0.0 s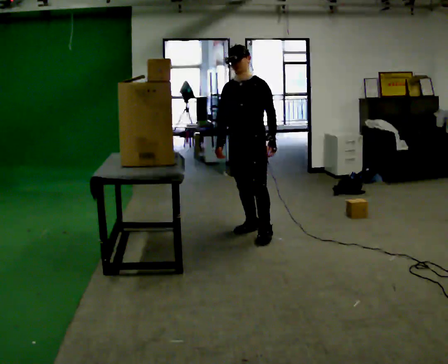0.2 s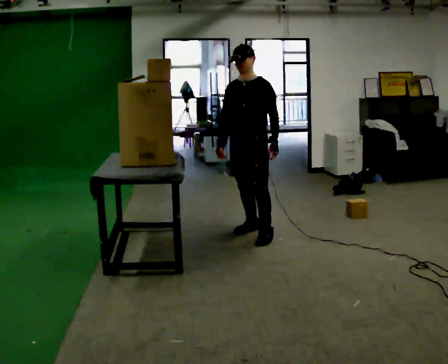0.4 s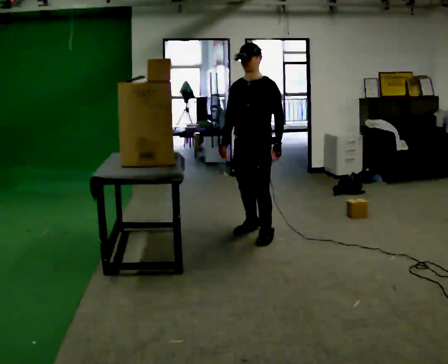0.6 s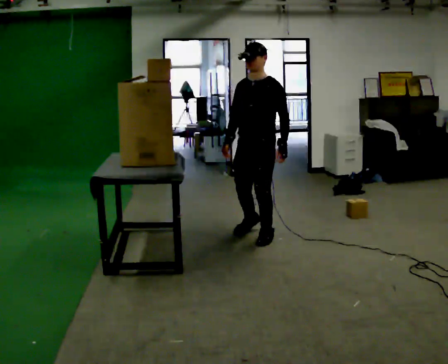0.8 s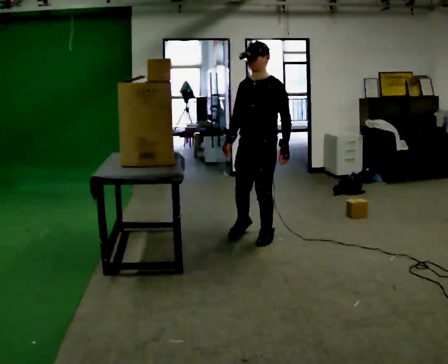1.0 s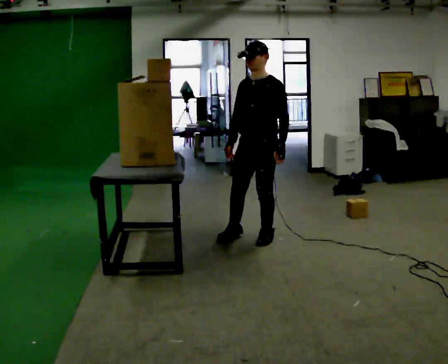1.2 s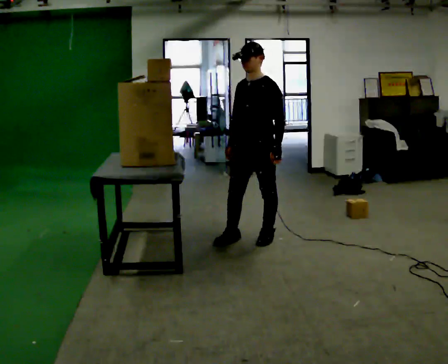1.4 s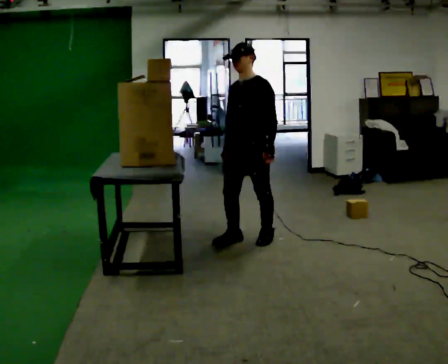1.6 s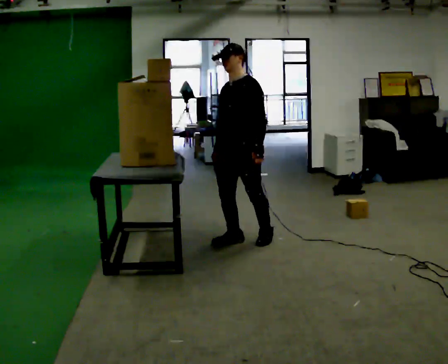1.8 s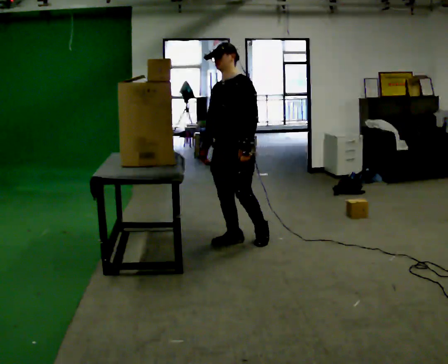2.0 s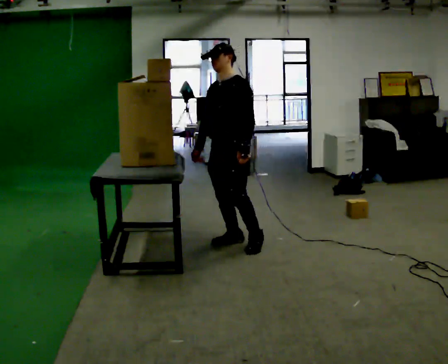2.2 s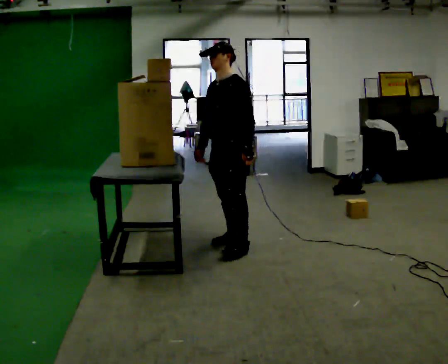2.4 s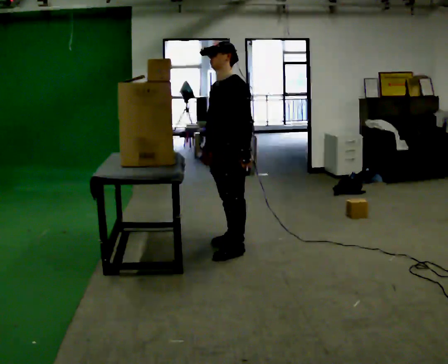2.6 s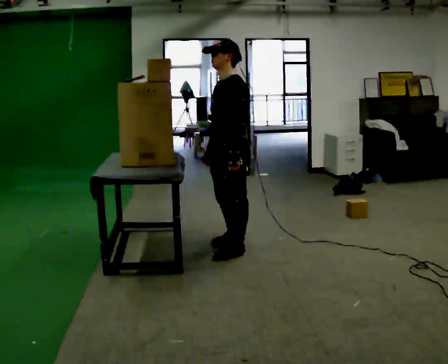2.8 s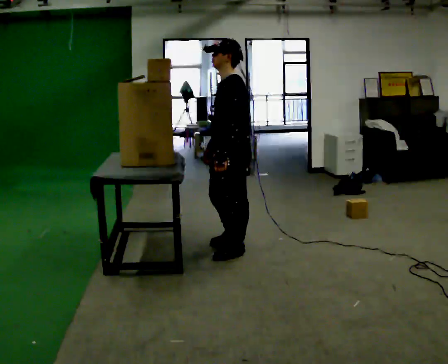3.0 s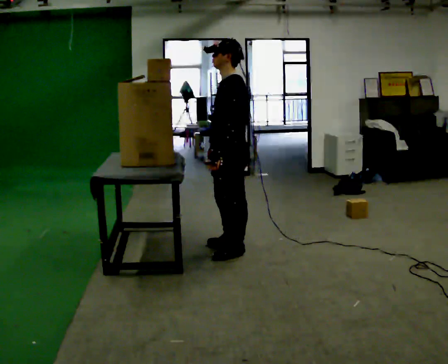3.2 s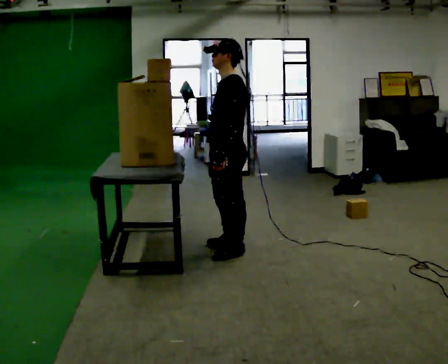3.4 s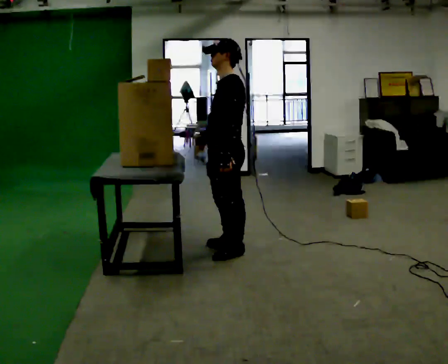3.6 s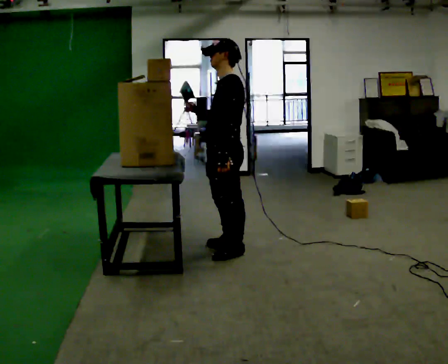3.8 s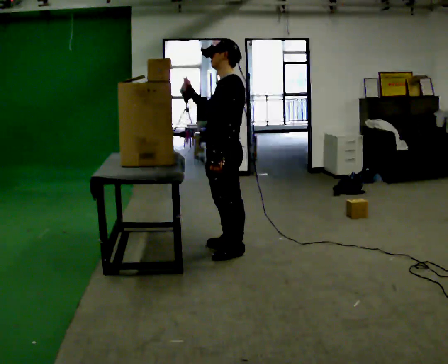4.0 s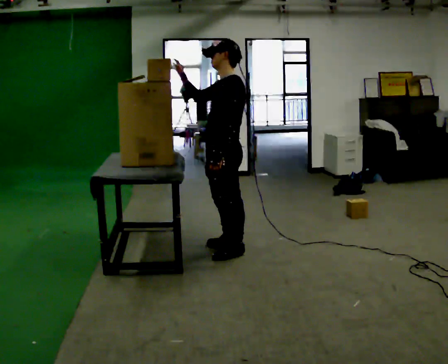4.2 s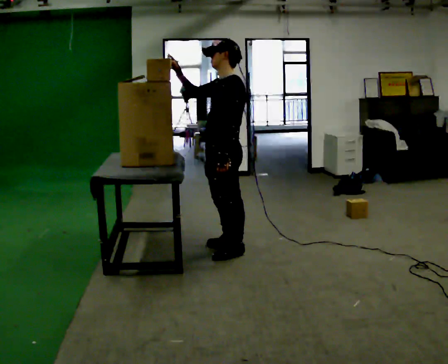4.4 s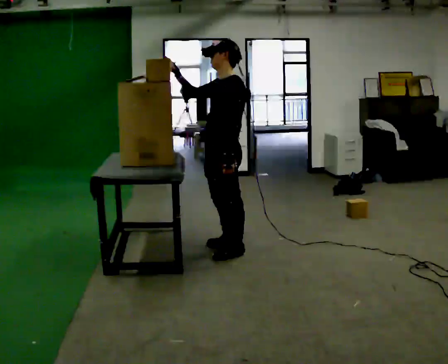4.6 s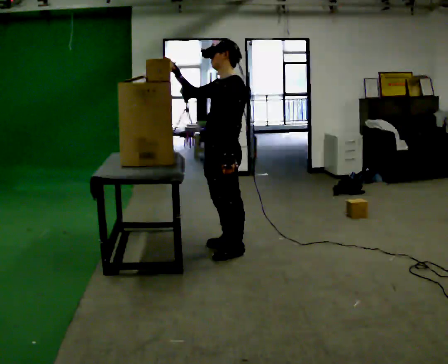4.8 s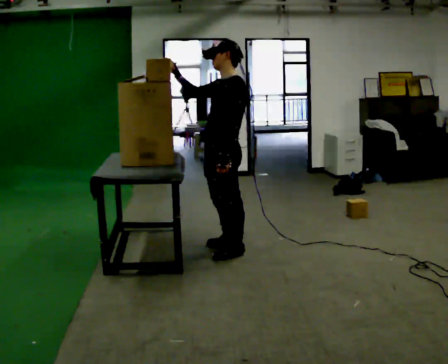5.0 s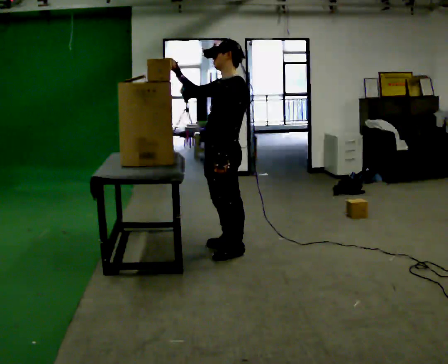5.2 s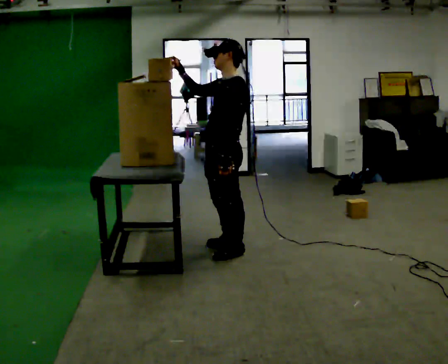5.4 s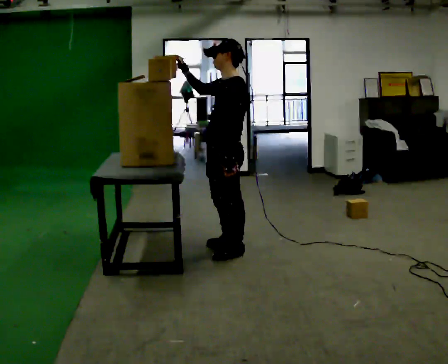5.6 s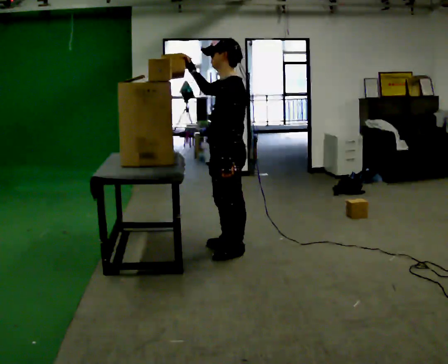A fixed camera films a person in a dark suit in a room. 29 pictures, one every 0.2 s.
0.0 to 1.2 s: In the picture they go toward the camera, about 0.25 m in 1 step, which for them is forward and to their left.
1.2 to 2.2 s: In the picture they go to the left, about 0.25 m, which for them is forward and to their right.
2.2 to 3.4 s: The part of the body nearest the lens slides to the left as the person turns to their right by about 30 degrees. In the picture they go toward the camera, about 0.25 m in 2 steps, which for them is to their left.
3.4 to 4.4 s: In the picture their right hand goes upward, the arm swinging clockwise.
4.4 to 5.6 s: The person moves a little, or ends about where they began.
The film runs forward here.
